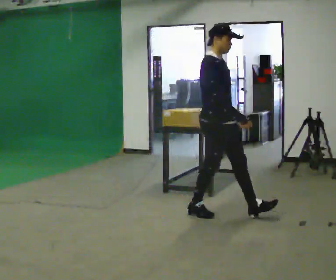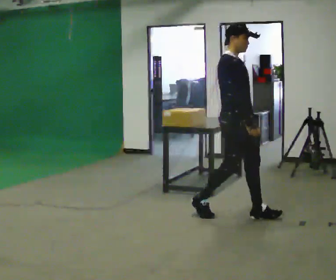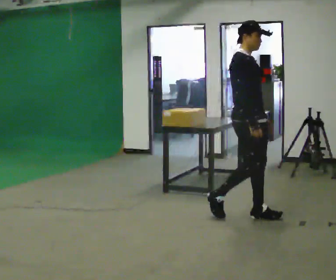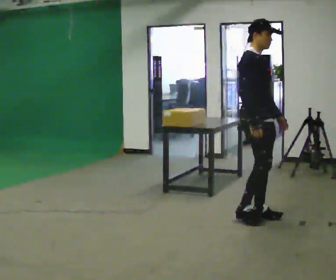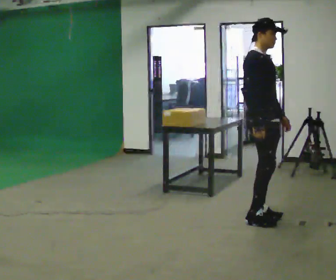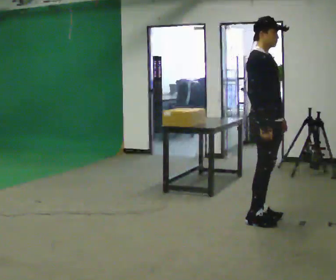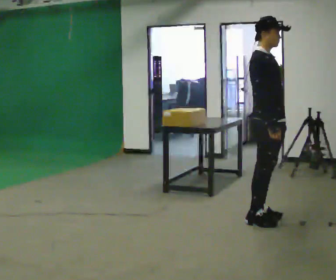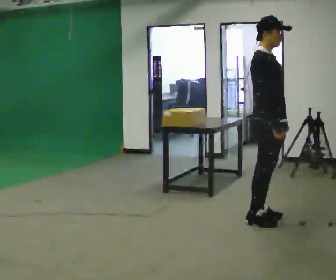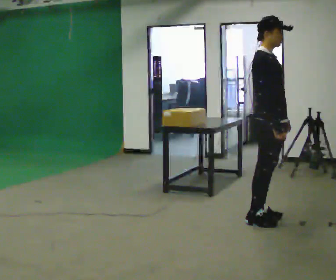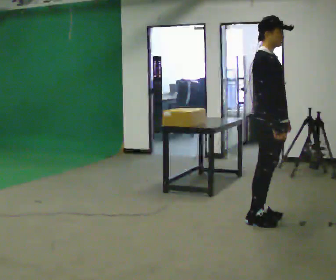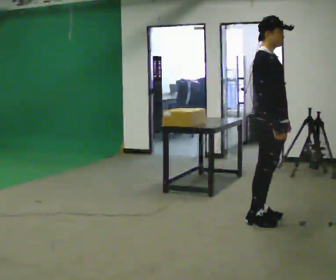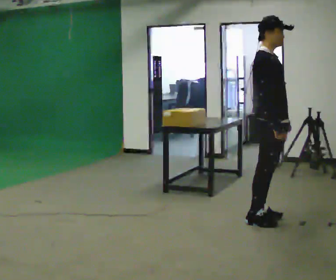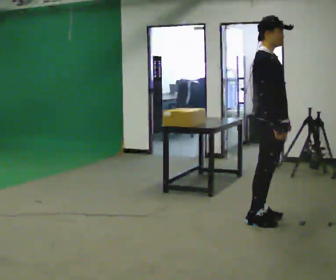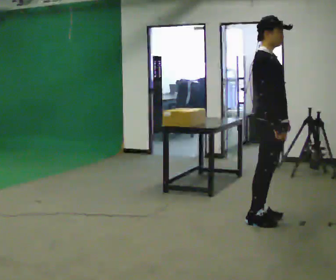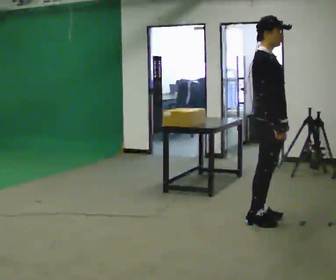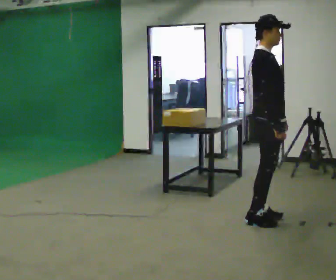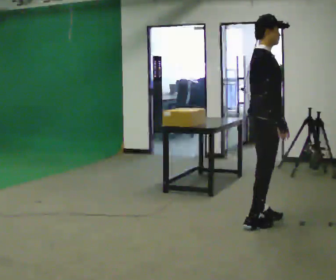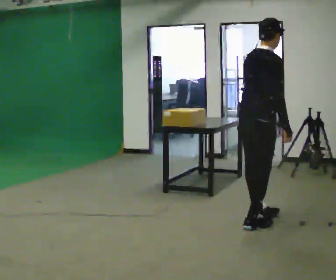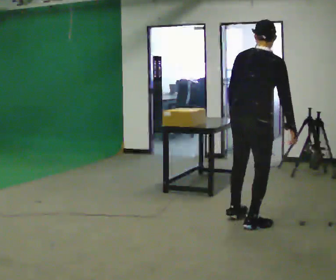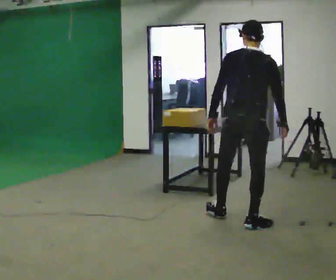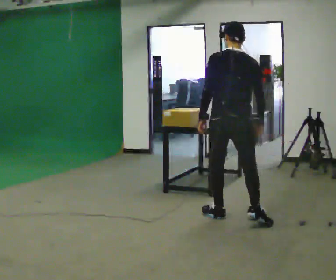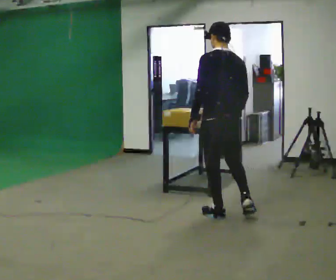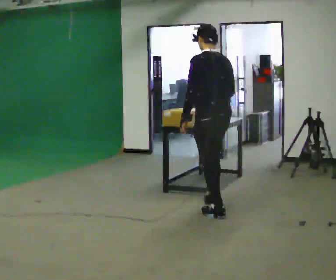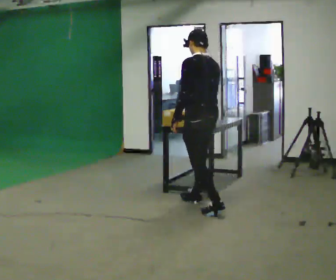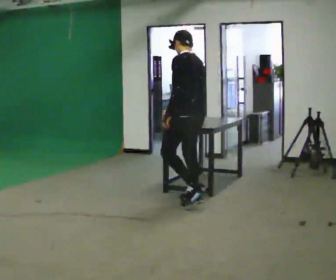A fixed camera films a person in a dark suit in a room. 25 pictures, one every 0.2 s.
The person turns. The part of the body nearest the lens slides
to the right.
The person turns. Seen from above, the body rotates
counterclockwise.
0.0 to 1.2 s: In the picture they go to the right, about 0.5 m in 2 steps, which for them is forward.
1.2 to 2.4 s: The person moves a little, or ends about where they began.
2.4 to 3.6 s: The person turns about 75 degrees to their left, counterclockwise seen from above, so the part of the body nearest the lens slides to the right. In the picture they go to the left, about 0.25 m in 1 step. In the picture the upper body tilts clockwise, shoulders to the right, as they bend forward. In the picture their left hand goes to the left, the arm swinging clockwise.
3.6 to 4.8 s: Seen from above the body turns counterclockwise, about 90 degrees: to their left, with its near side sliding to the right. In the picture they go to the left and away from the camera, about 1 m in 2 steps. In the picture the upper body tilts counterclockwise, shoulders to the left.
The film runs forward here.
